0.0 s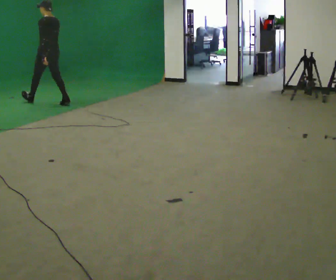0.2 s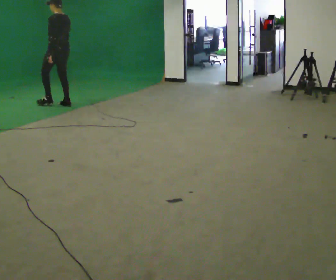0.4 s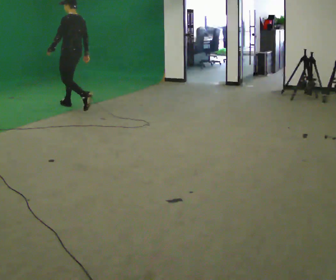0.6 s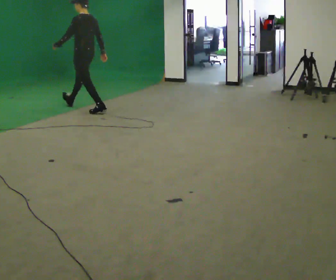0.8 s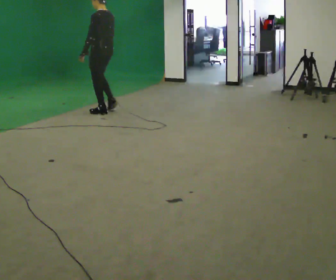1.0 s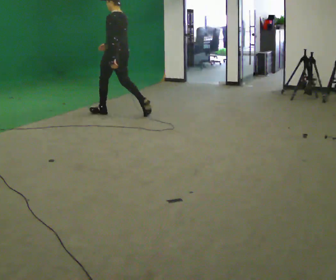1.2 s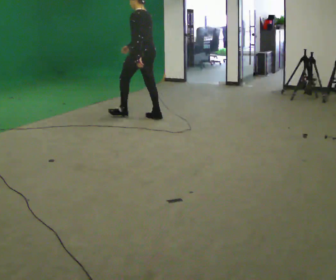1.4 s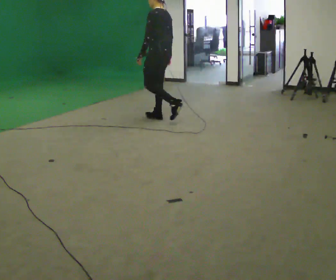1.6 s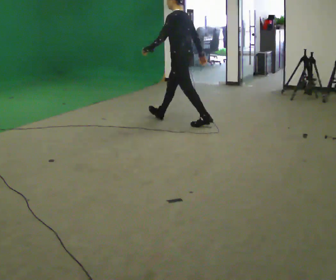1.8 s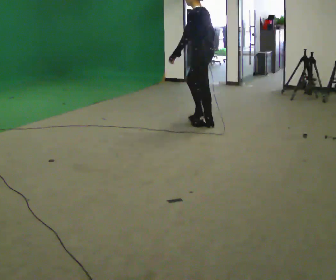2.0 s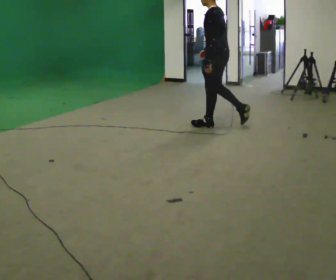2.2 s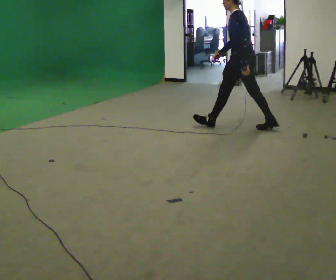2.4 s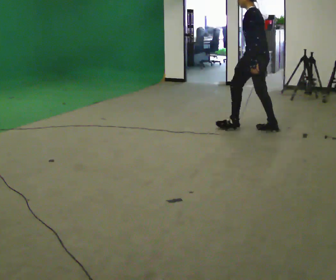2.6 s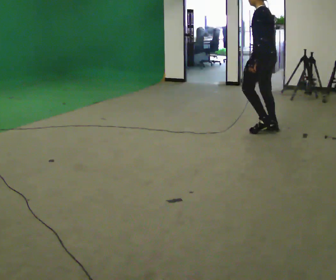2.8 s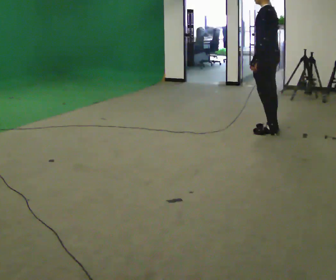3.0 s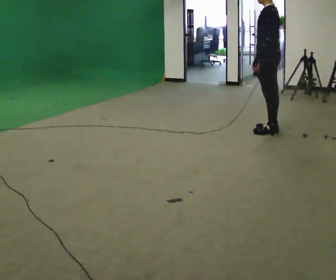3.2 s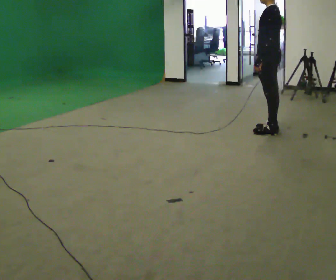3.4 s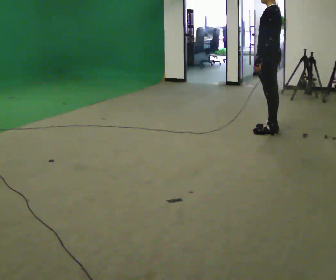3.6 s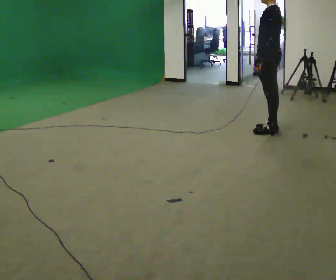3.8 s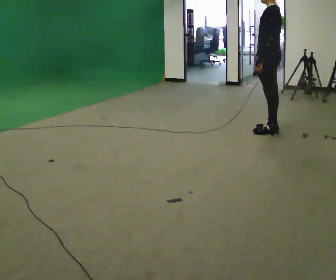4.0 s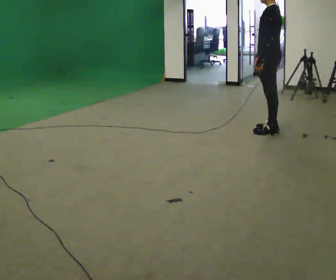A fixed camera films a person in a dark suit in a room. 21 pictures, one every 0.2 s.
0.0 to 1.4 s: In the picture they go to the right, about 2 m in 2 steps, which for them is backward.
1.4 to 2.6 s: In the picture they go to the right, about 1.5 m in 2 steps, which for them is backward.
2.6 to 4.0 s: The person moves a little, or ends about where they began.
The film runs backward here.
